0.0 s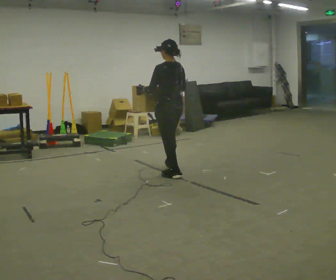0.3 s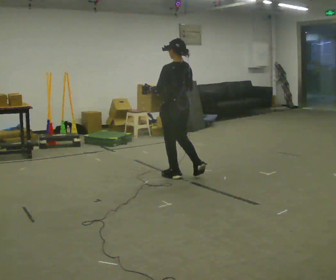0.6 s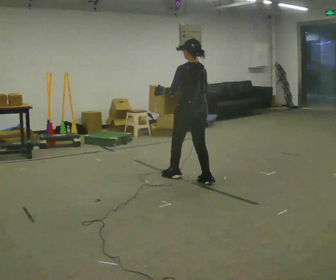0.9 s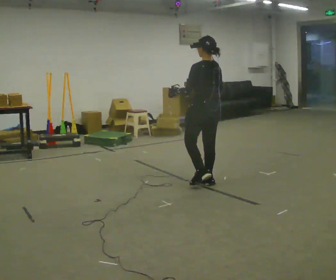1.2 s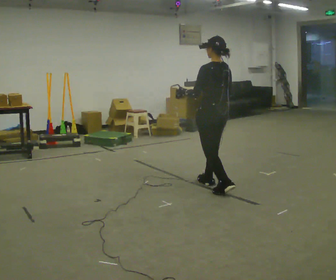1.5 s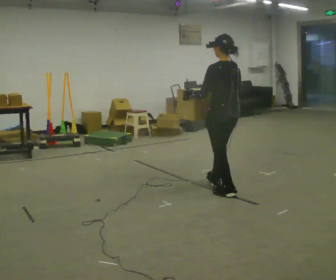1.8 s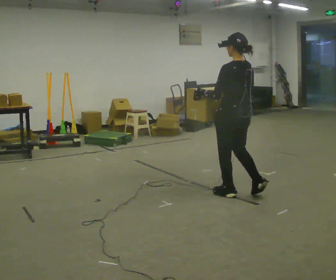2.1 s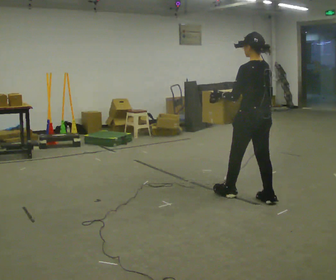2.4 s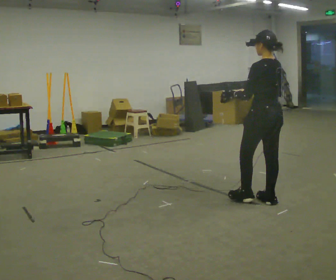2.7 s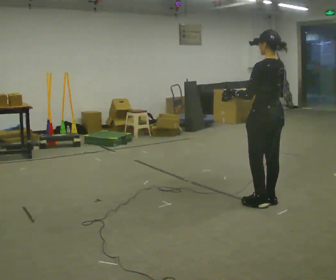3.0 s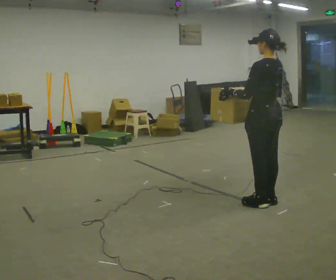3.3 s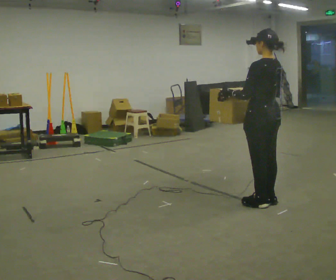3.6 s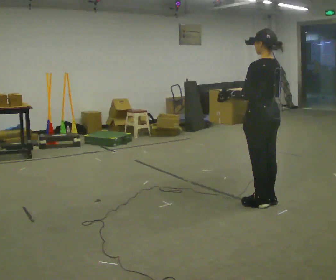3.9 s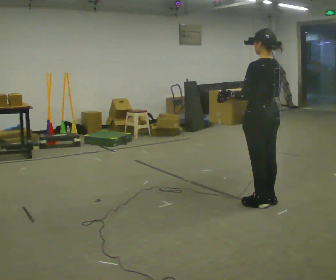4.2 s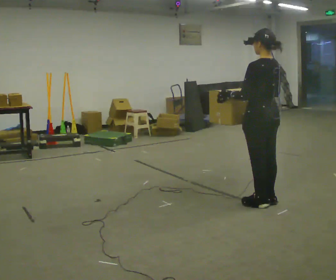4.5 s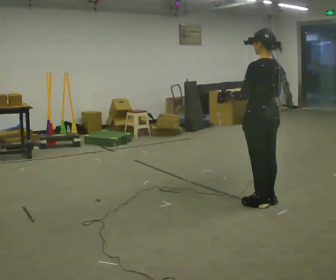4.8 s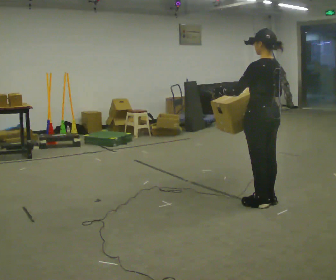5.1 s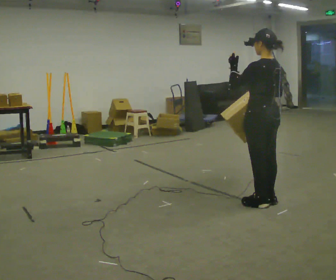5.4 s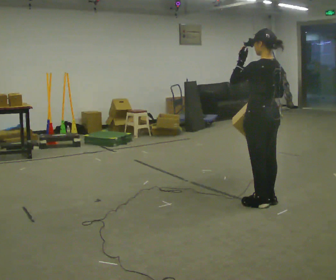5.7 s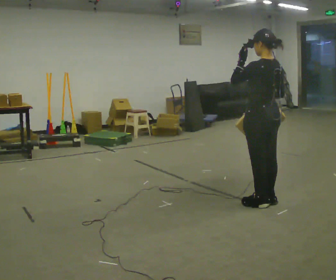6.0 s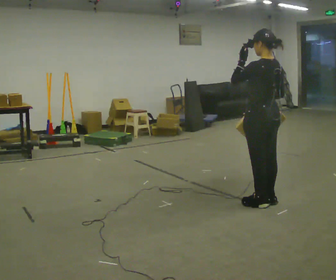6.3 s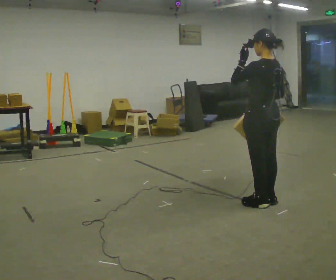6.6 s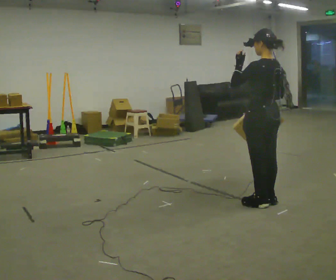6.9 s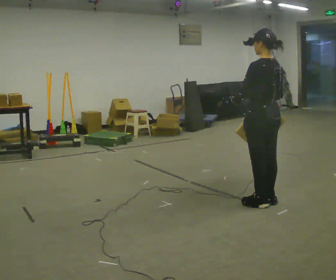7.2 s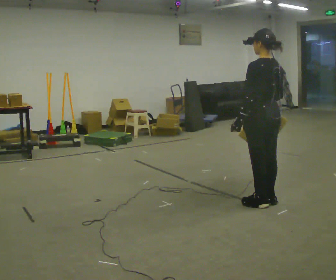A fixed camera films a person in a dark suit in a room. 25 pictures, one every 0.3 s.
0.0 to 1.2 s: In the picture they go to the right and toward the camera, about 0.5 m in 1 step, which for them is backward.
1.2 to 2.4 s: In the picture they go to the right and toward the camera, about 0.5 m in 2 steps, which for them is backward.
2.4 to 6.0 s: The person moves a little, or ends about where they began.
6.0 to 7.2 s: In the picture their left hand goes downward.
The film runs forward here.
